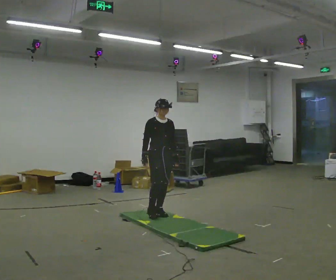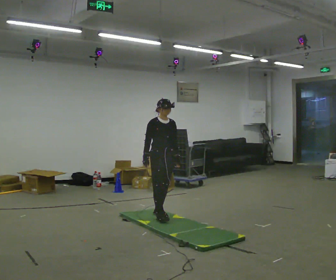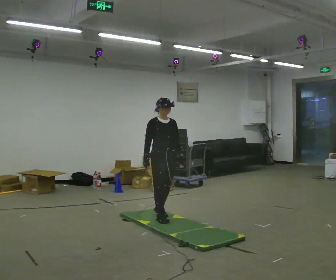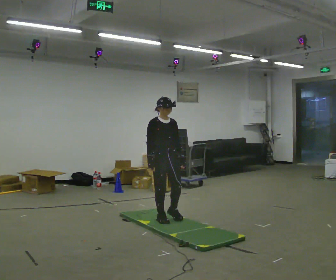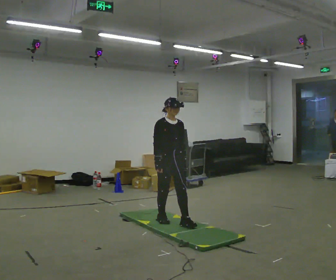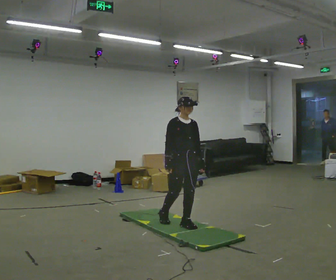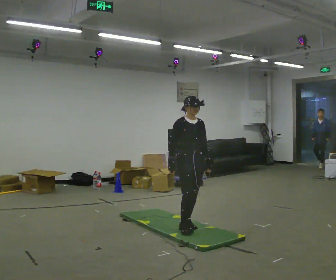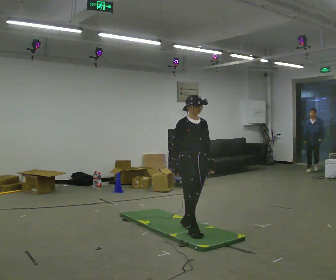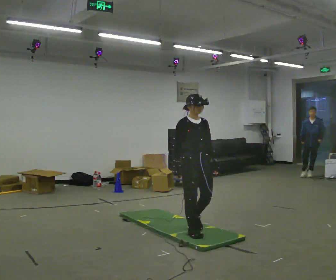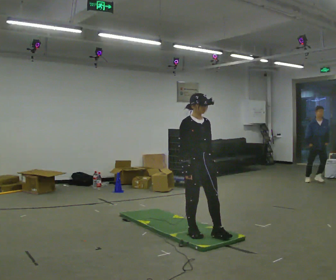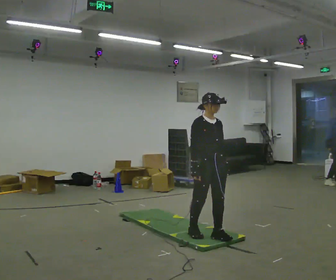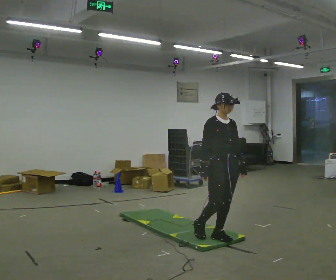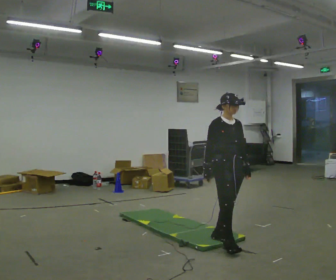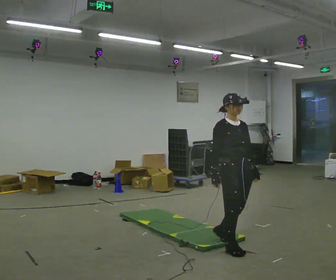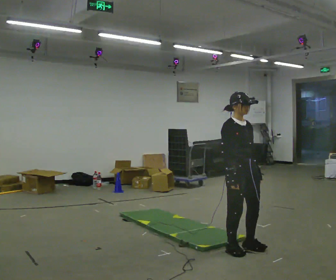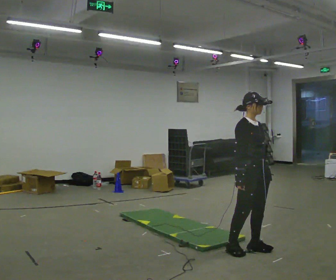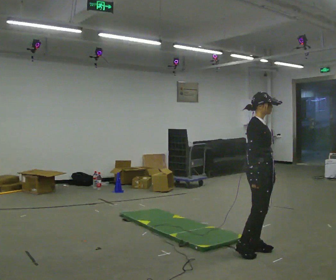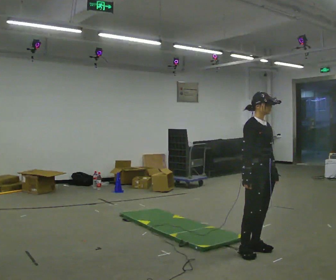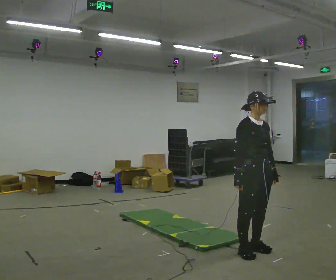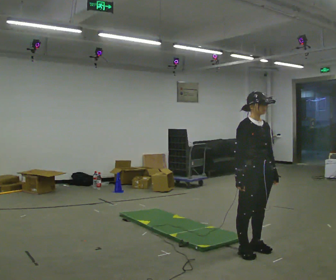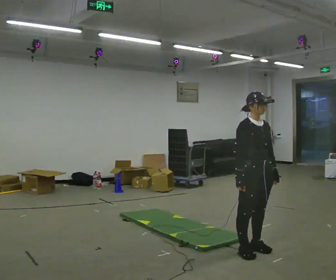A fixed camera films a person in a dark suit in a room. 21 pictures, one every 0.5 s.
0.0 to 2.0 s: In the picture they go toward the camera and to the right, about 0.5 m in 2 steps, which for them is forward.
2.0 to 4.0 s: In the picture they go toward the camera and to the right, about 0.5 m in 1 step, which for them is forward.
4.0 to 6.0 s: In the picture they go to the right and toward the camera, about 0.5 m in 1 step, which for them is forward.
6.0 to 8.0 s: The person turns about 30 degrees to their left, counterclockwise seen from above, so the part of the body nearest the lens slides to the right. In the picture they go to the right and toward the camera, about 0.25 m in 2 steps, which for them is forward.
8.0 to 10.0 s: Seen from above the body turns clockwise, about 30 degrees: to their right, with its near side sliding to the left.
The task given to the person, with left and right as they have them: Walk across the soft uneven mat at a comfortable speed; continue walking normally after you leave it.
The film runs forward here.
